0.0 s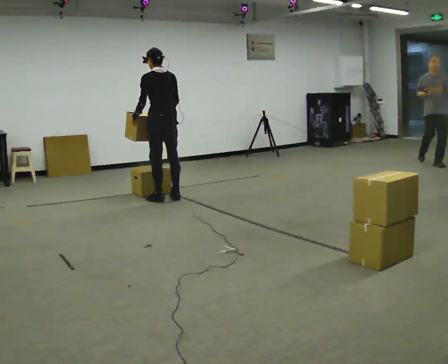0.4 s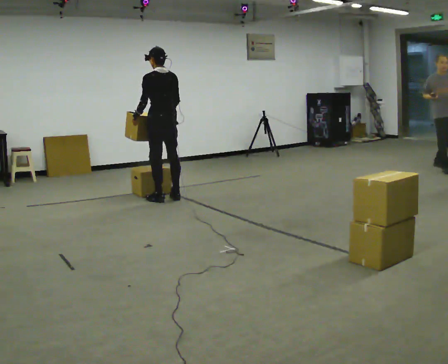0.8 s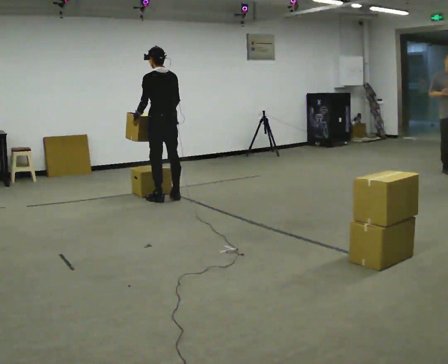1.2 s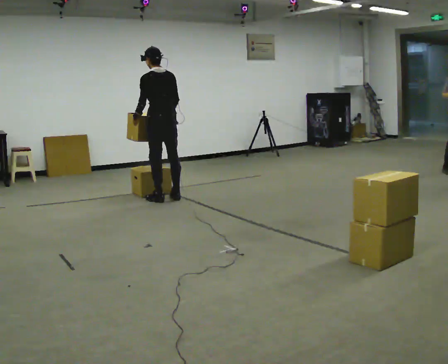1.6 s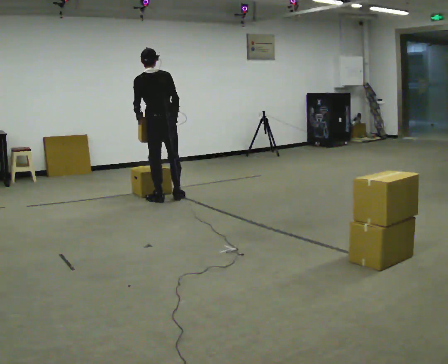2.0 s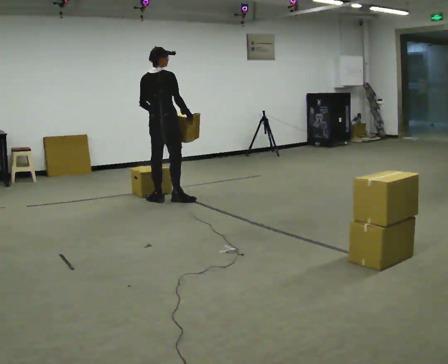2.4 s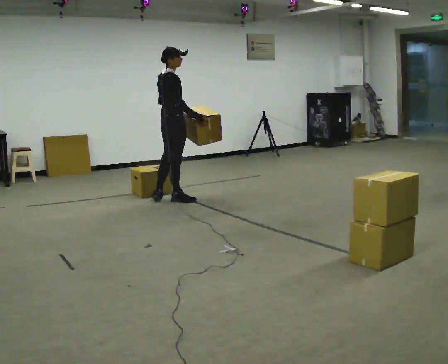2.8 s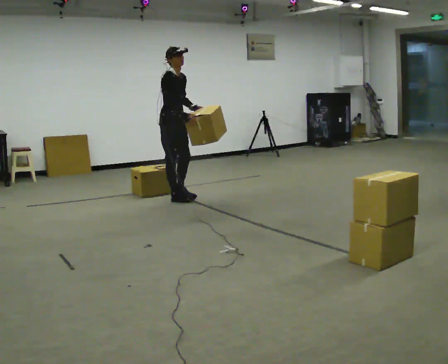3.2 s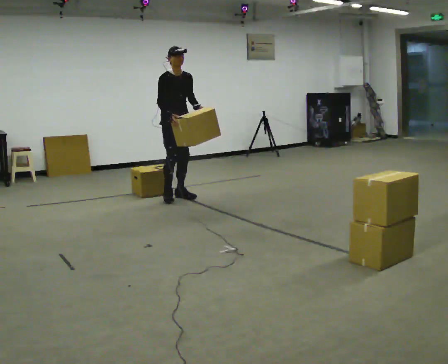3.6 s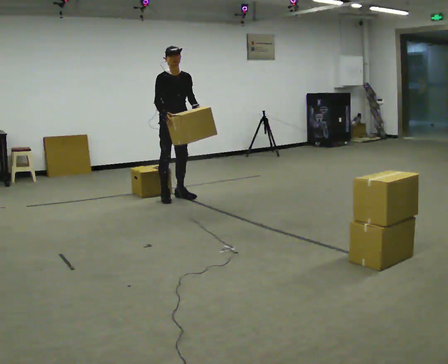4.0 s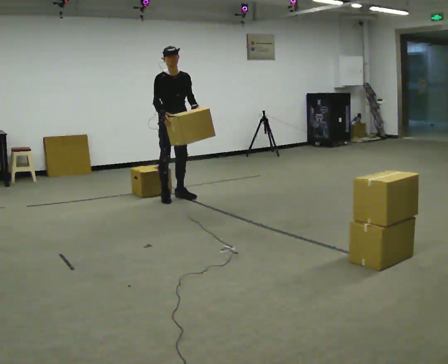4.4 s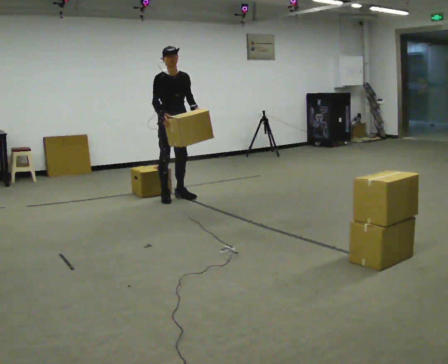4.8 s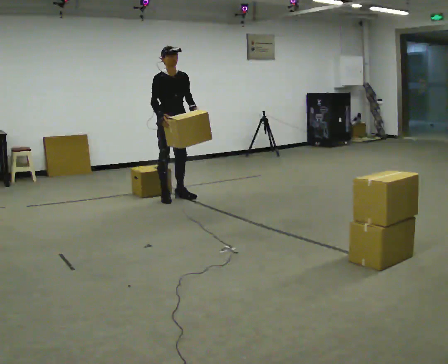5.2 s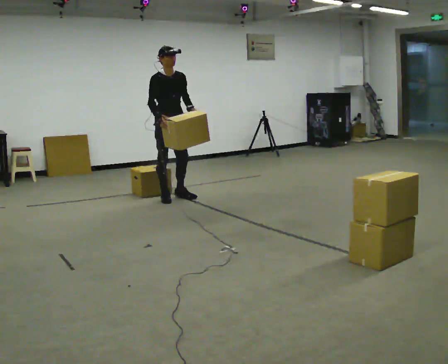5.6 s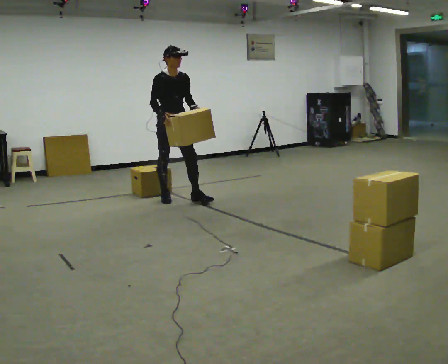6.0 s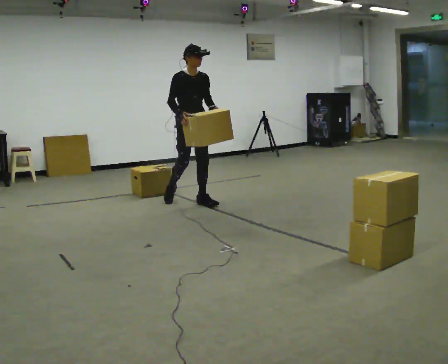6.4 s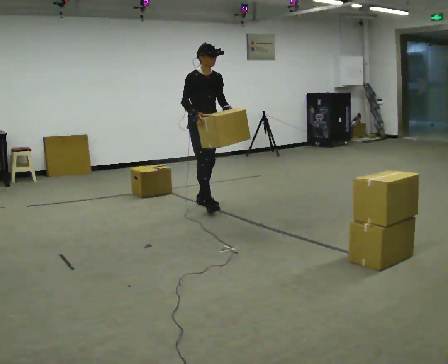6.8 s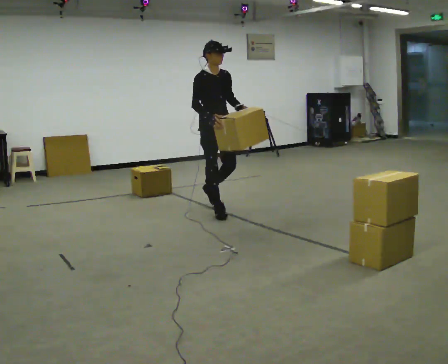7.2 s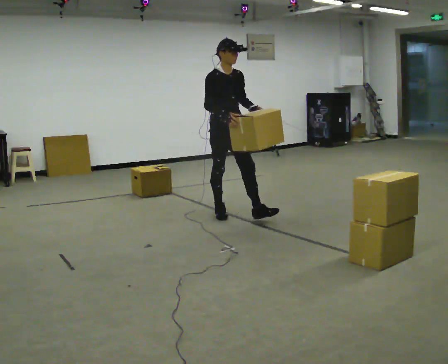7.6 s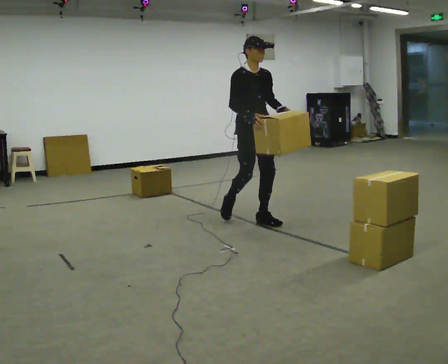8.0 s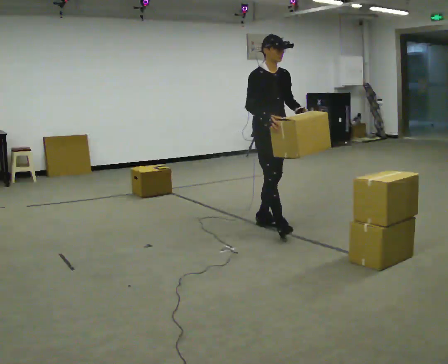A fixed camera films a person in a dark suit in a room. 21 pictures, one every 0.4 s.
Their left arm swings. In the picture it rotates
counterclockwise.
The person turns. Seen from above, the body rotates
clockwise.
0.0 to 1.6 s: The person moves a little, or ends about where they began.
1.6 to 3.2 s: The part of the body nearest the lens slides to the left as the person turns to their right by about 150 degrees. In the picture they go away from the camera, about 0.25 m in 1 step.
3.2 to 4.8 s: The person moves a little, or ends about where they began.
4.8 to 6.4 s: In the picture they go toward the camera and to the right, about 0.5 m in 1 step, which for them is forward.
6.4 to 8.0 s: In the picture they go toward the camera and to the right, about 1 m in 2 steps, which for them is forward.
The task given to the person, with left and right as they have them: Carry the stack of boxes across the room without letting it fall over, then bring it back. Keep going until the operator says stop; one object at a time, and do not rush between trips.
The film runs forward here.
